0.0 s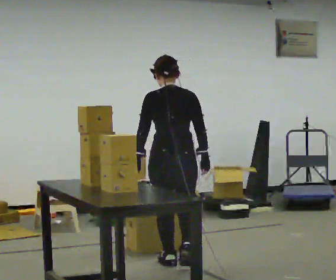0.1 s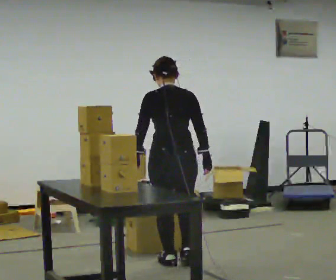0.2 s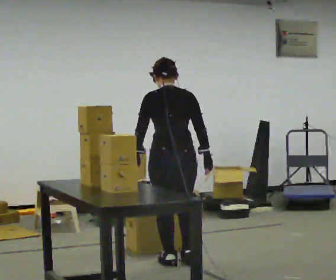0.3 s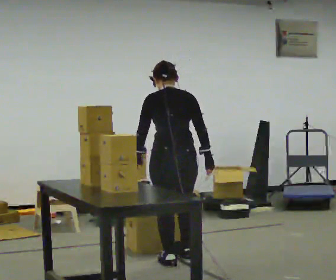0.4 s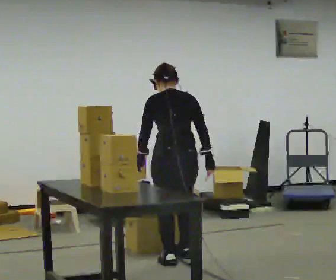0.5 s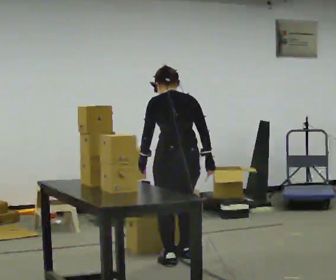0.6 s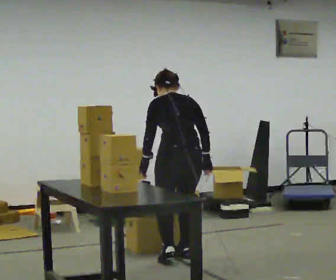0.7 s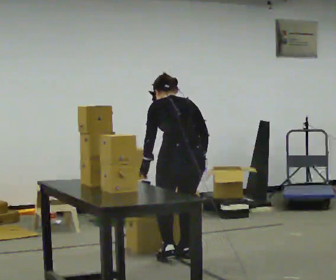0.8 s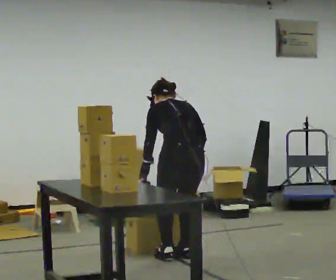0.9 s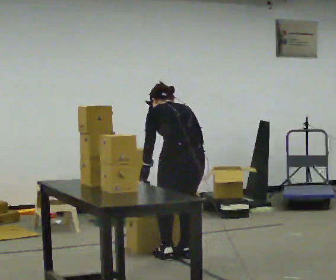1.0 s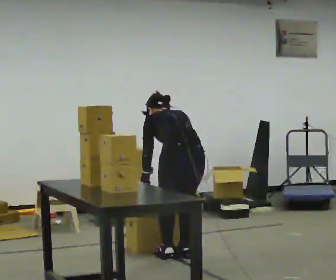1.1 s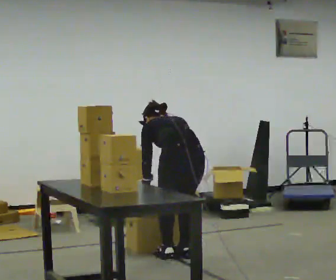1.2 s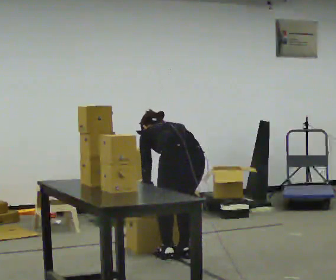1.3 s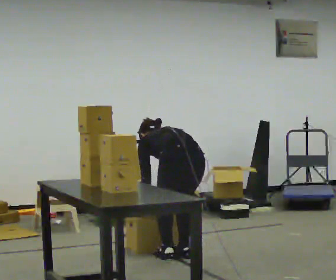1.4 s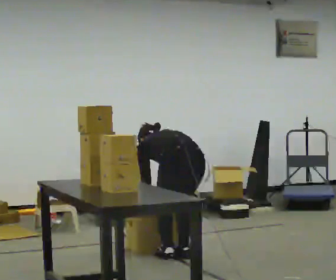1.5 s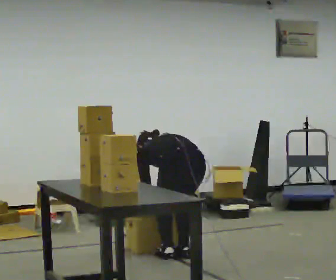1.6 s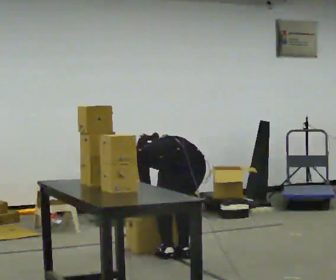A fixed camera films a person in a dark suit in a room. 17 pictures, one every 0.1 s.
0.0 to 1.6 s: The part of the body nearest the lens slides to the right as the person turns to their left by about 30 degrees. In the picture they go away from the camera, about 0.25 m in 2 steps, which for them is forward and to their right. The upper body goes downward. The upper body tips away from the camera, its near side rolling upward, as they bend forward. In the picture their right hand goes downward and to the left.
The film runs forward here.
